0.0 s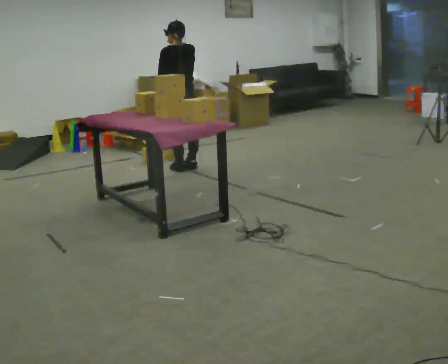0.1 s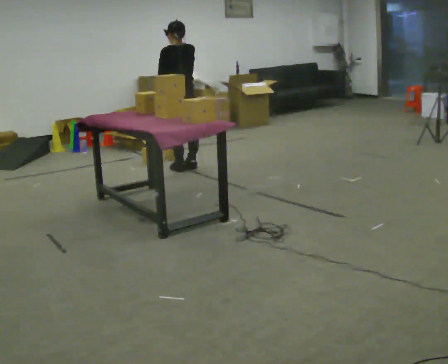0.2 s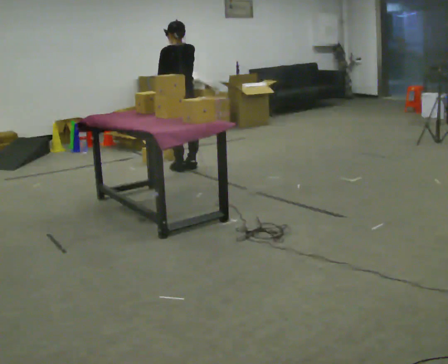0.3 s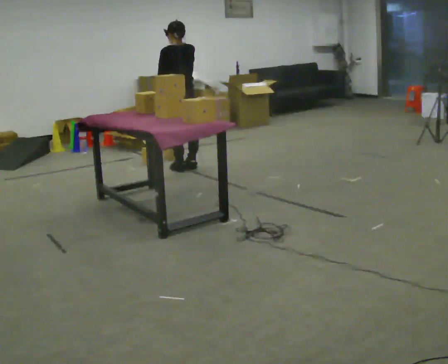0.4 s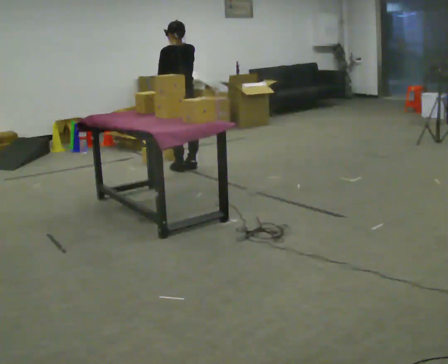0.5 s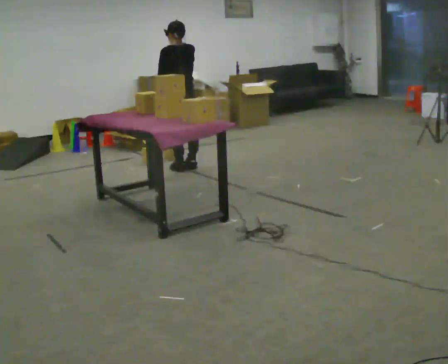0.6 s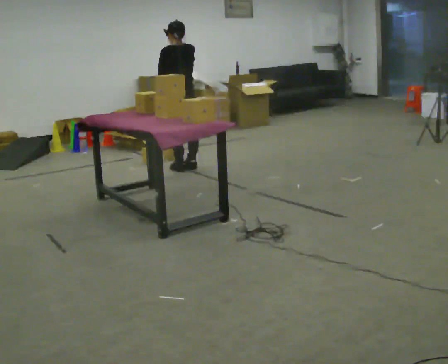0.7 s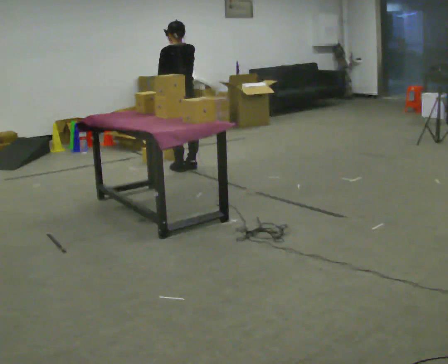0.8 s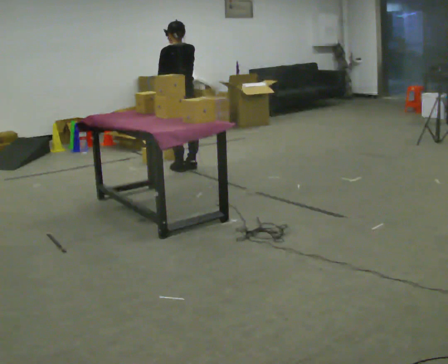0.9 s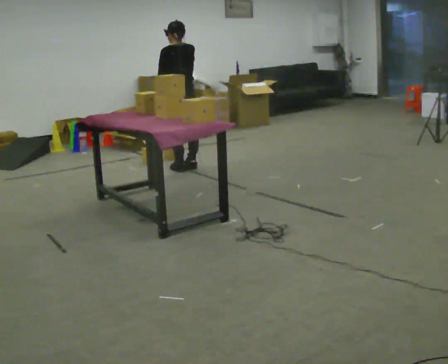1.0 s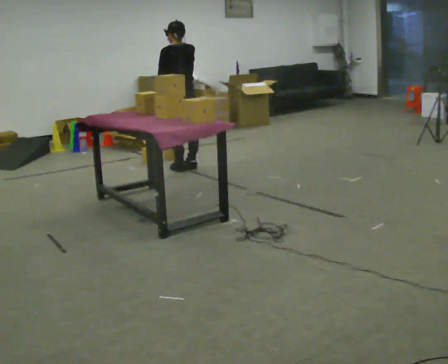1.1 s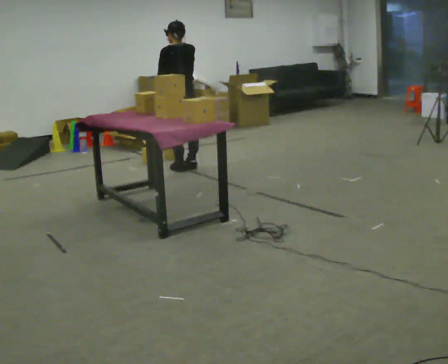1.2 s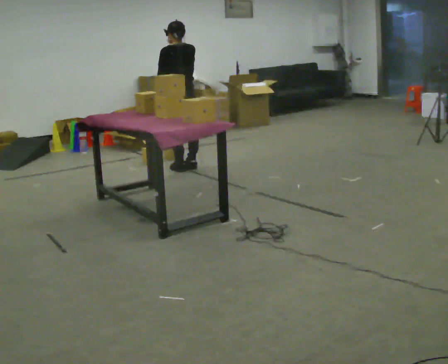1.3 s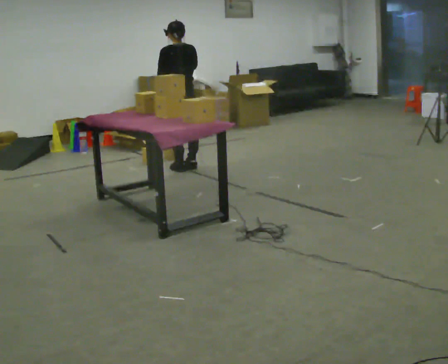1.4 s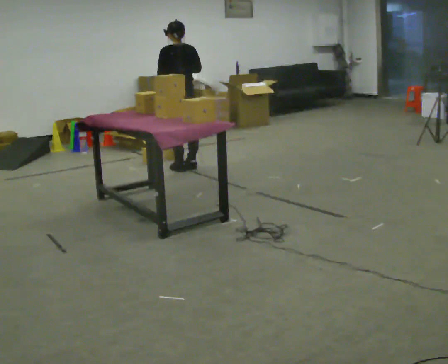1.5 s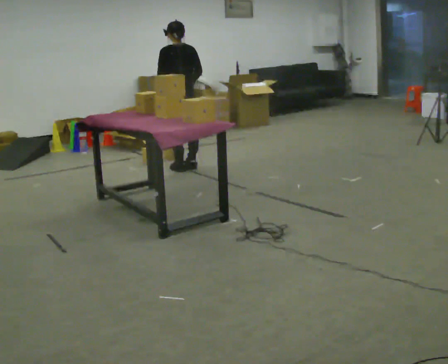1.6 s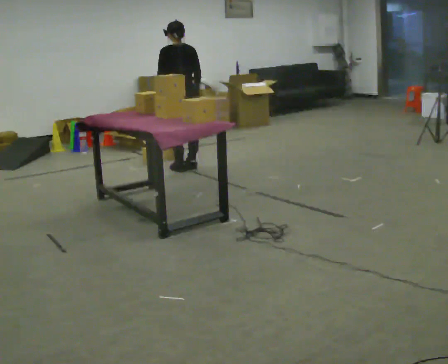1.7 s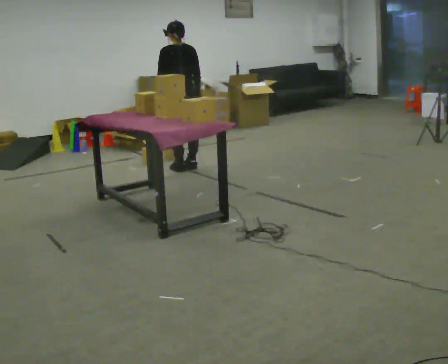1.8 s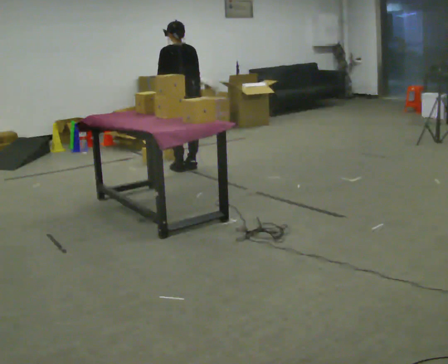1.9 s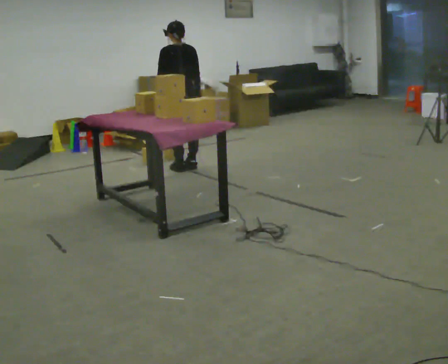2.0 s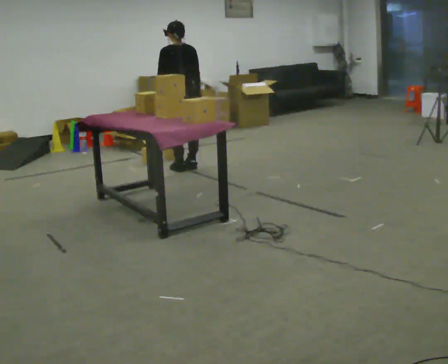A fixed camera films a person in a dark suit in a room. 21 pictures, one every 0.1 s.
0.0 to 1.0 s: The person moves a little, or ends about where they began.
1.0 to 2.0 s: In the picture their right hand goes downward.
The film runs backward here.
